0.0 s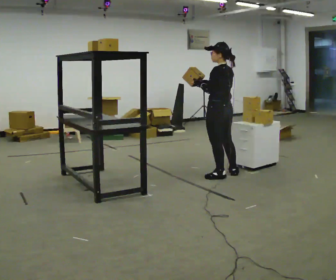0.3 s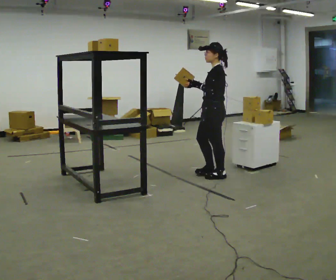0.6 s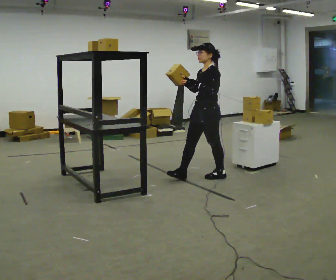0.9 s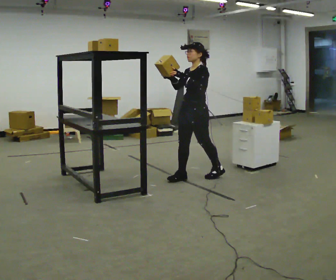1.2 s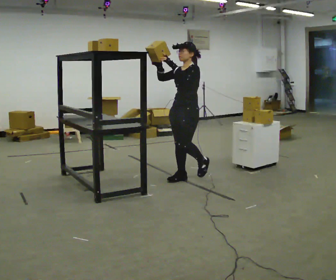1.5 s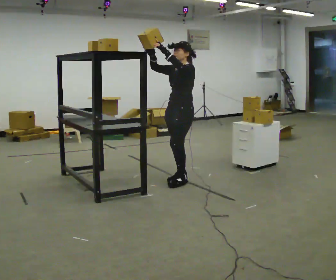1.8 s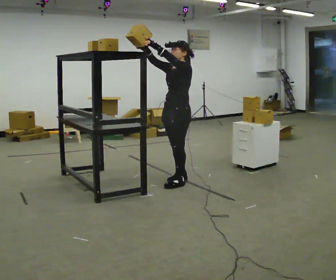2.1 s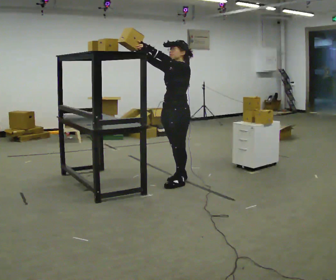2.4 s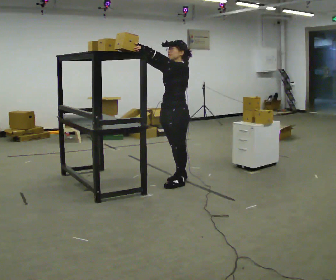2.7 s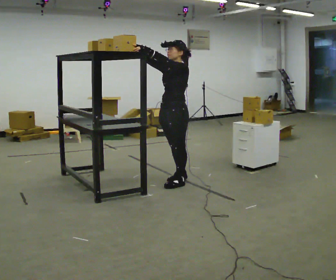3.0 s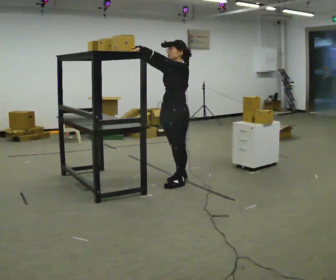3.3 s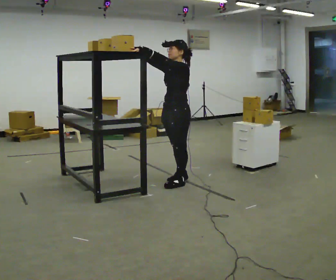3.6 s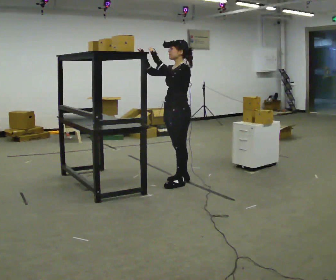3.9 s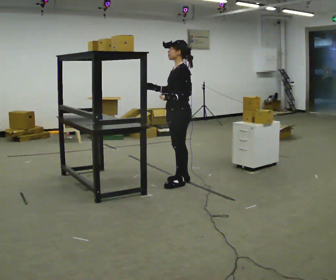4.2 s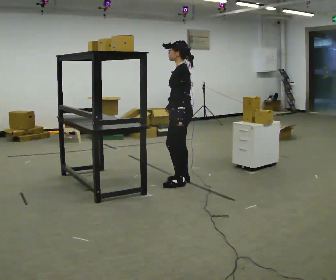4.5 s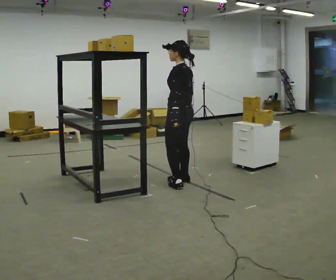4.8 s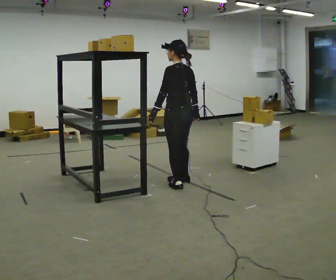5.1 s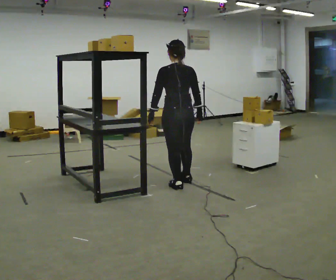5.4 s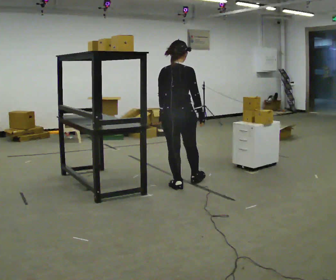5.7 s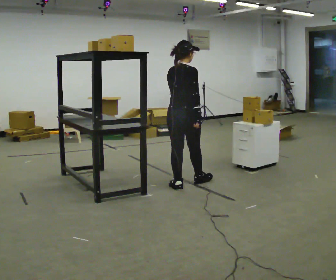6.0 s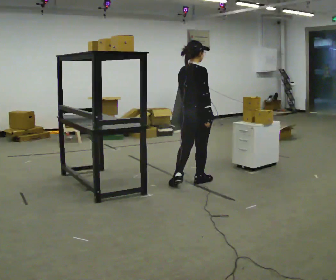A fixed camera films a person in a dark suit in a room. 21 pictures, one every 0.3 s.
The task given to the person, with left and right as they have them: Take an object from the lowest shelf, carry it across the room, and place it on the highest shelf you can comfortably reach. Keep going until the operator says stop; one object at a time, and do not rush between trips.
0.0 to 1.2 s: Seen from above the body turns counterclockwise, about 75 degrees: to their left, with its near side sliding to the right. In the picture they go to the left, about 0.5 m in 1 step.
1.2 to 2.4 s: In the picture they go toward the camera, about 0.25 m in 1 step, which for them is forward.
2.4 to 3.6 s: The person moves a little, or ends about where they began.
3.6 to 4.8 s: Seen from above the body turns clockwise, about 60 degrees: to their right, with its near side sliding to the left. In the picture their right hand goes to the right and downward, the arm swinging counterclockwise.
4.8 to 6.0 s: Seen from above the body turns clockwise, about 90 degrees: to their right, with its near side sliding to the left. In the picture they go to the right, about 0.25 m. In the picture their left hand goes to the right.
The film runs forward here.
